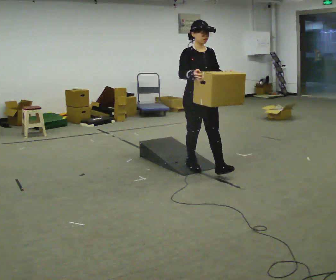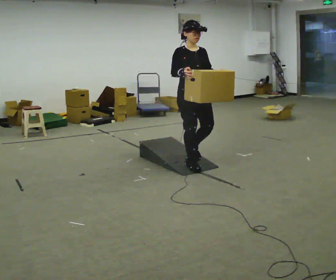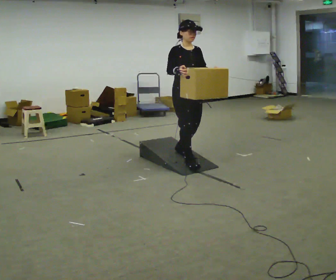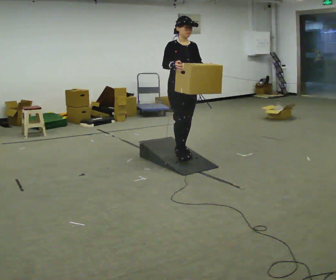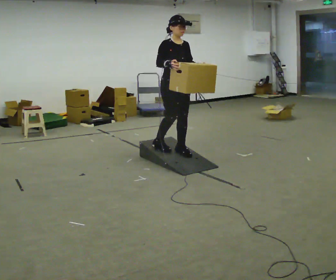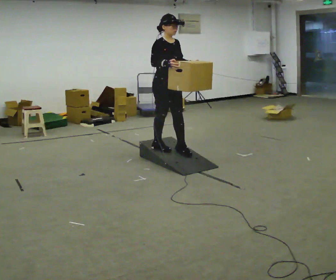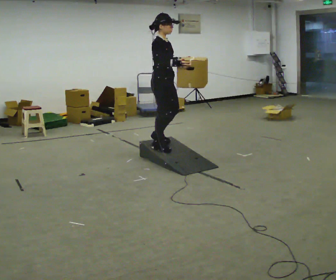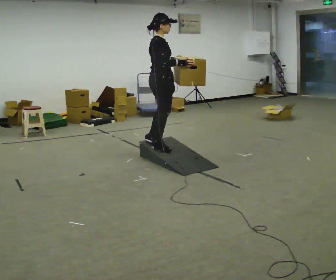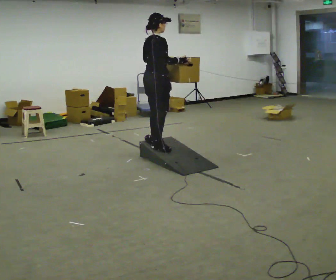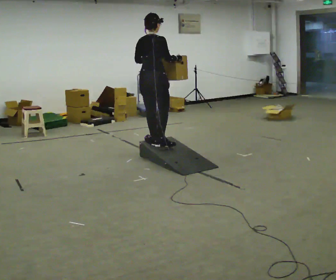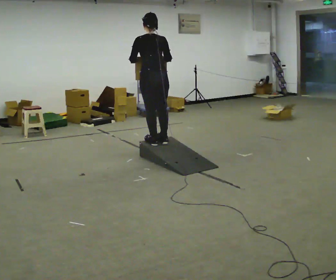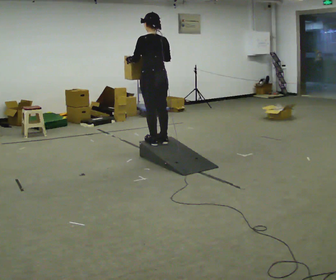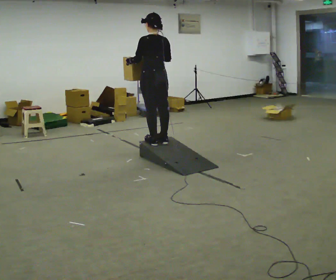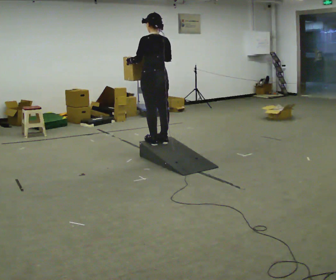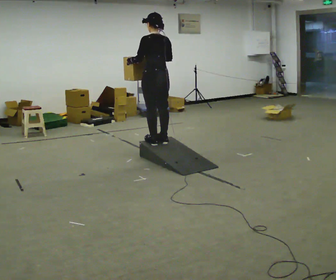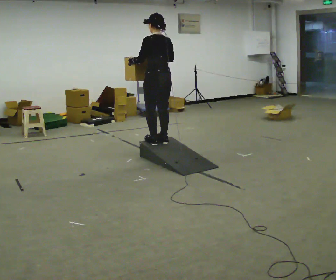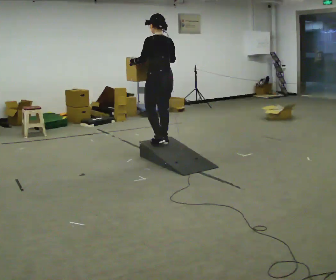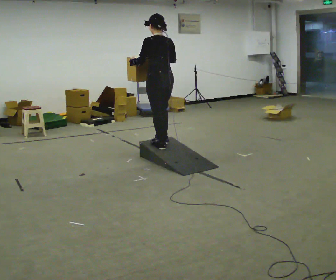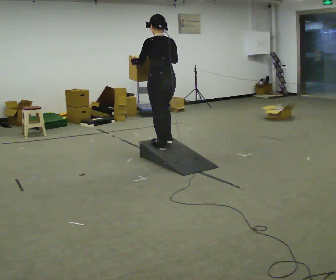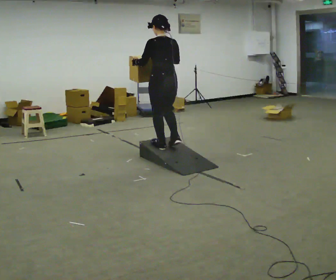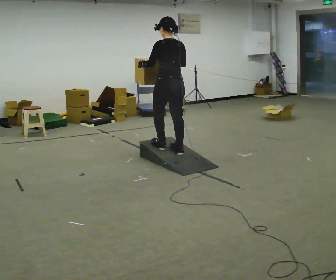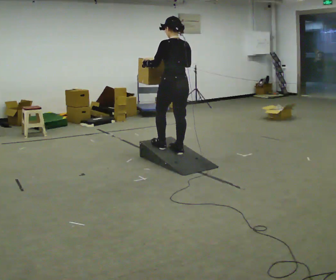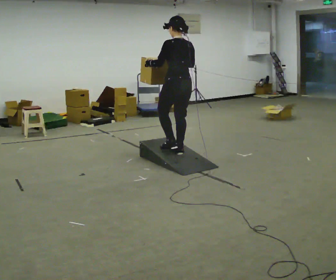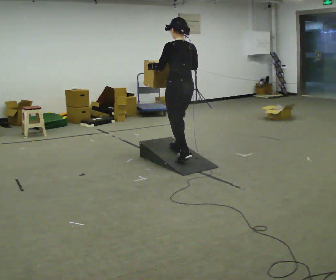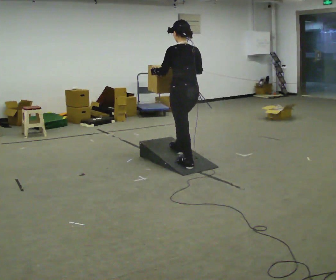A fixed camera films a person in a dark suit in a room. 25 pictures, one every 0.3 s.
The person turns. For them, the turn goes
to their left.
The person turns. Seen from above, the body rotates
counterclockwise.
0.0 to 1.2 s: In the picture they go away from the camera and to the left, about 0.5 m in 2 steps, which for them is backward.
1.2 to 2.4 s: The person turns about 90 degrees to their left, counterclockwise seen from above, so the part of the body nearest the lens slides to the right. In the picture they go to the left, about 0.25 m in 1 step.
2.4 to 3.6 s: The person turns about 90 degrees to their left, counterclockwise seen from above, so the part of the body nearest the lens slides to the right. In the picture they go away from the camera, about 0.25 m in 1 step.
3.6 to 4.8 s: The person moves a little, or ends about where they began.
4.8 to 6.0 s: In the picture they go toward the camera, about 0.25 m in 1 step, which for them is backward.
6.0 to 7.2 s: In the picture they go toward the camera and to the right, about 0.25 m in 1 step, which for them is backward.
The film runs backward here.
